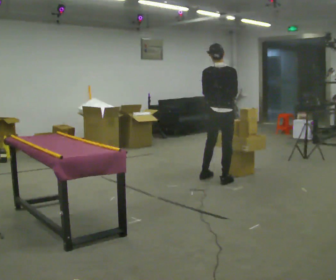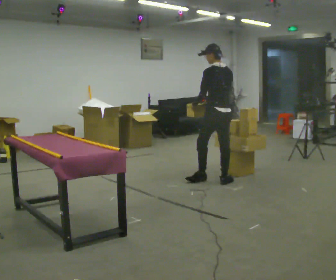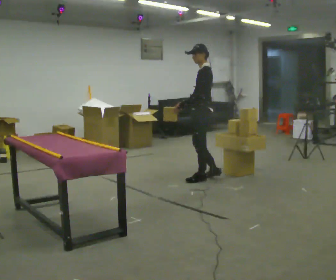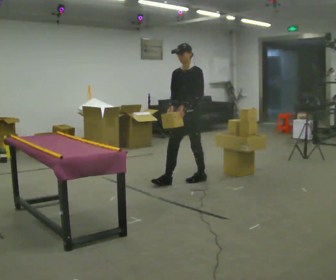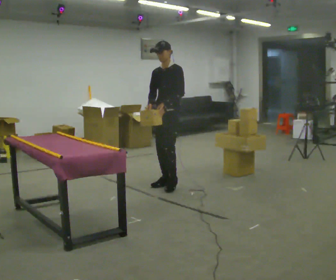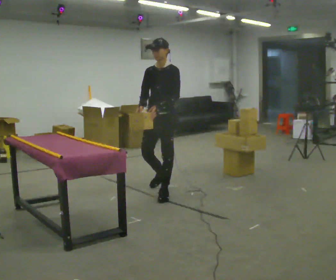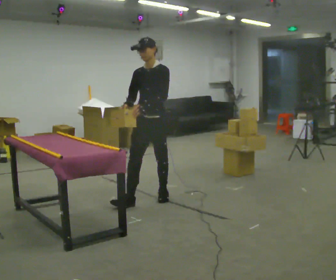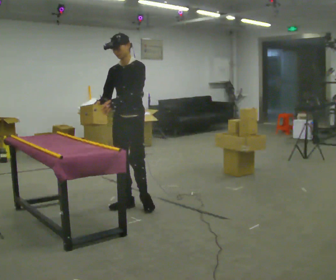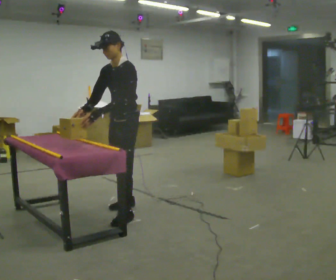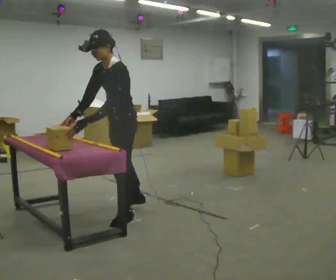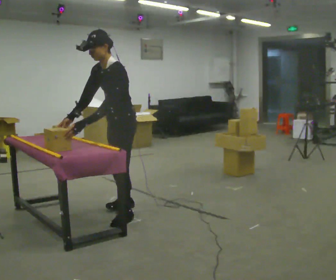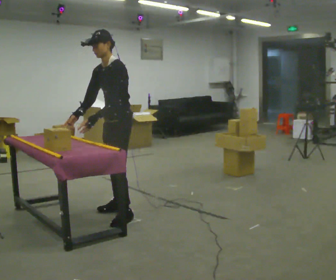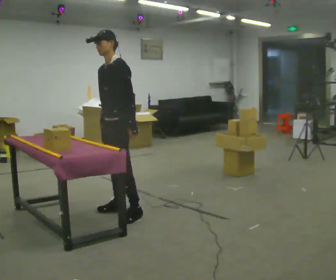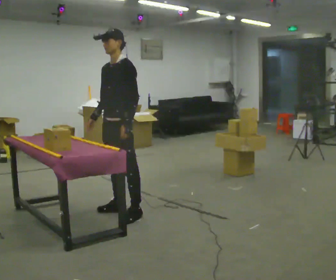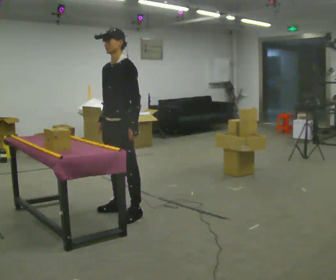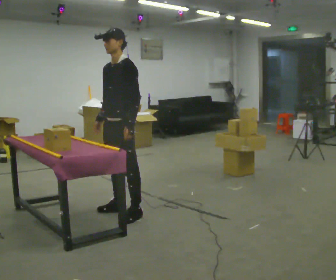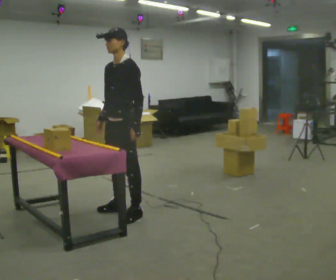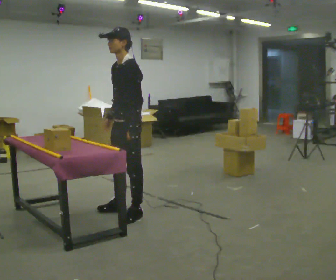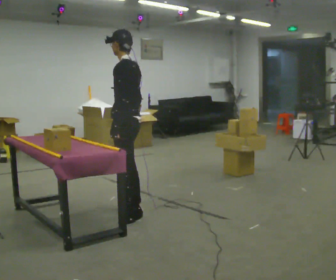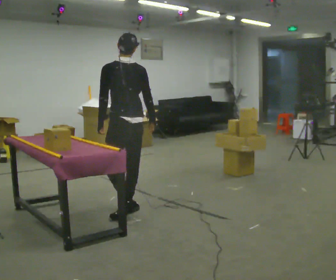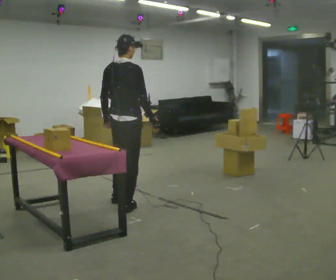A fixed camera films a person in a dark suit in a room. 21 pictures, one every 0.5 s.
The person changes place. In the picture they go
to the left.
0.0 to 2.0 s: The person turns about 165 degrees to their left, counterclockwise seen from above, so the part of the body nearest the lens slides to the right. In the picture they go to the left, about 0.75 m in 1 step.
2.0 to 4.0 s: In the picture they go toward the camera and to the left, about 1 m in 3 steps, which for them is forward.
4.0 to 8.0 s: The person moves a little, or ends about where they began.
8.0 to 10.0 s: The person turns about 150 degrees to their right, clockwise seen from above, so the part of the body nearest the lens slides to the left. In the picture they go away from the camera, about 0.25 m in 1 step.
The film runs forward here.
